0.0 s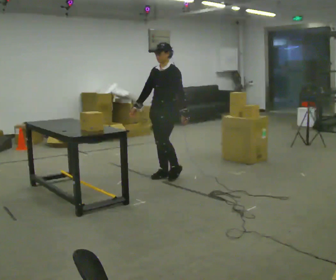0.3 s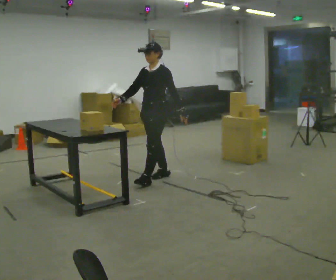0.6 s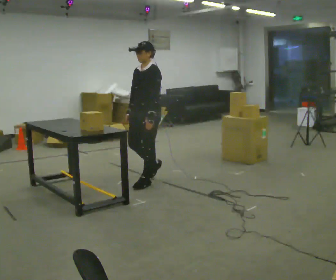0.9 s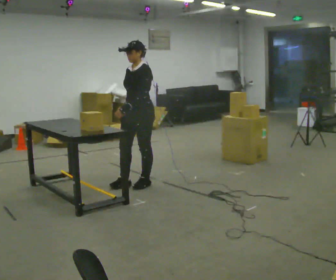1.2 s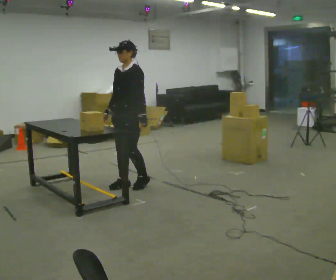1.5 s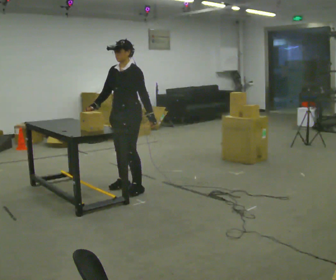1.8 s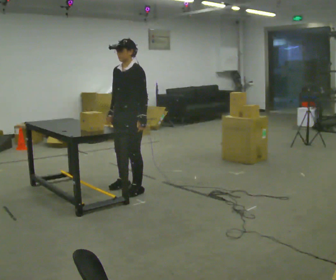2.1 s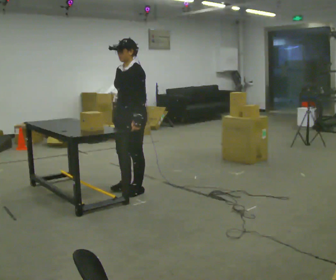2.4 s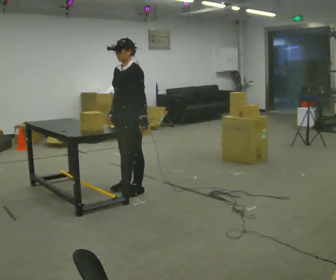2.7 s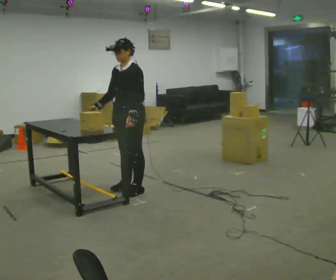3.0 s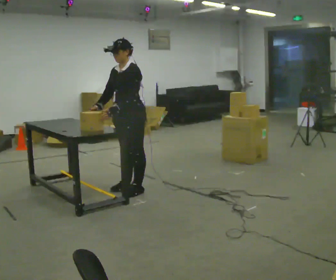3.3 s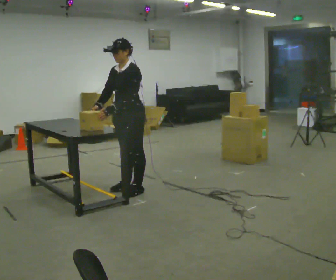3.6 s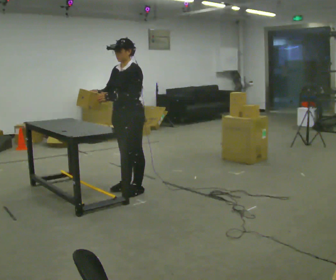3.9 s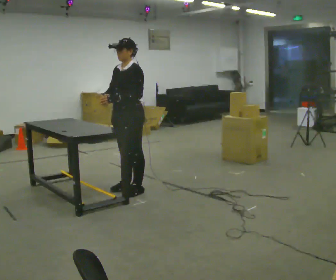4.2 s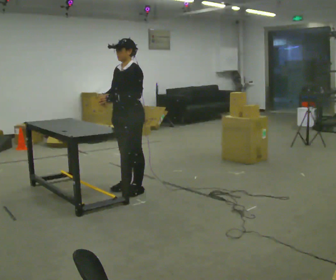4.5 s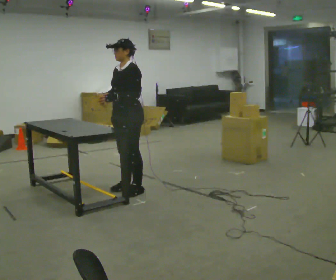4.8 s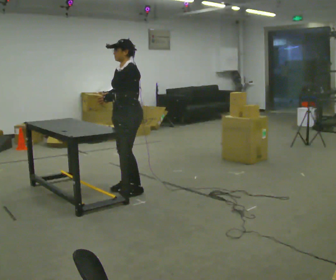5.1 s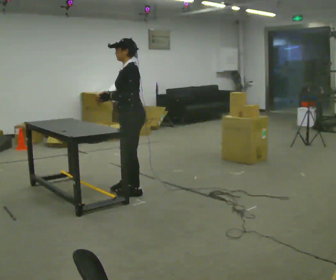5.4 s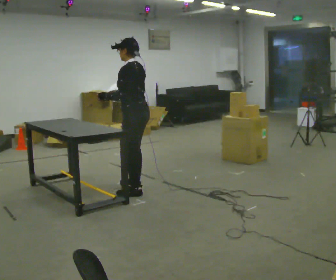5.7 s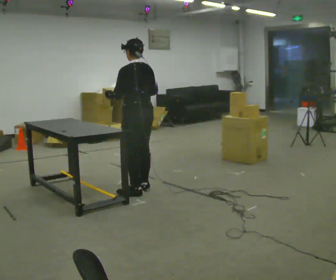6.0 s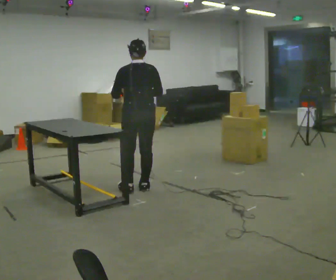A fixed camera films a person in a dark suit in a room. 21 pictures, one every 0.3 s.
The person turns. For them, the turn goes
to their right.
The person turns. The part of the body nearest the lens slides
to the left.
0.0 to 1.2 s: In the picture they go to the left and toward the camera, about 0.5 m in 2 steps, which for them is forward.
1.2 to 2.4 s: In the picture they go toward the camera, about 0.25 m in 1 step, which for them is to their left.
2.4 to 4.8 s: In the picture their left hand goes to the left.
4.8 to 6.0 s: Seen from above the body turns clockwise, about 105 degrees: to their right, with its near side sliding to the left.
The film runs forward here.
